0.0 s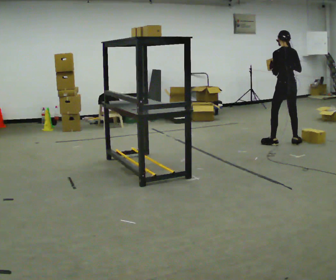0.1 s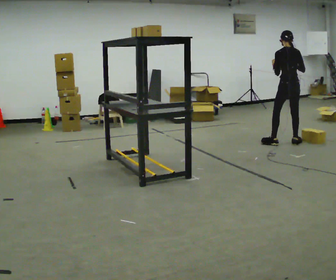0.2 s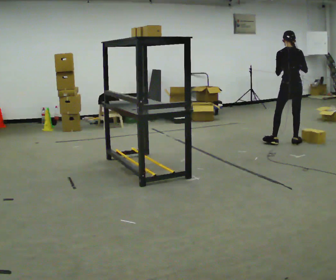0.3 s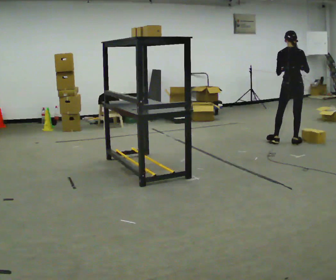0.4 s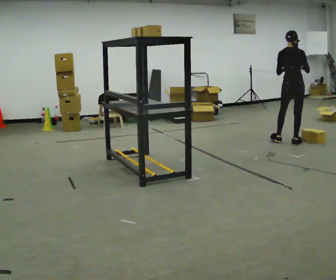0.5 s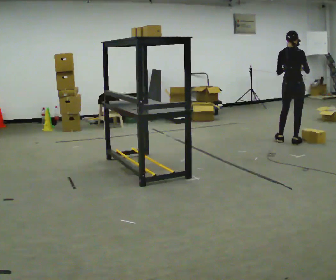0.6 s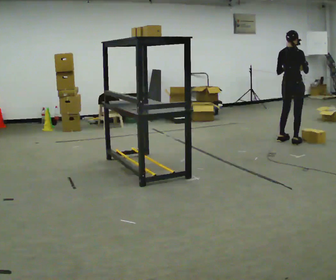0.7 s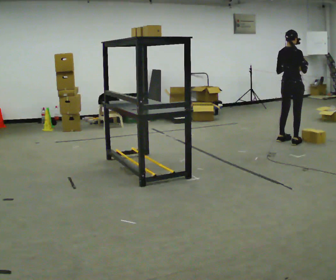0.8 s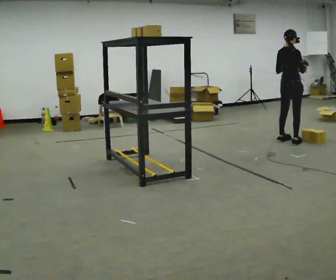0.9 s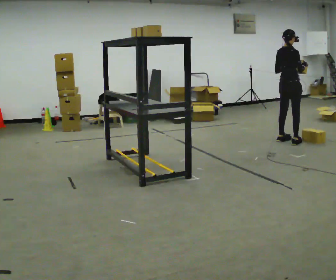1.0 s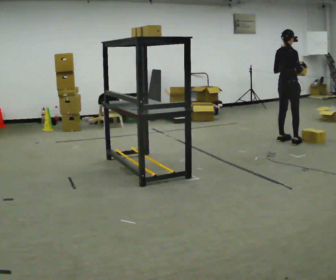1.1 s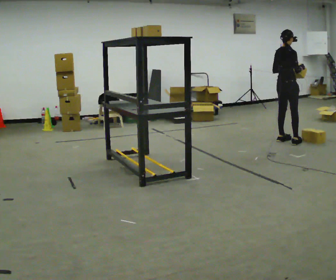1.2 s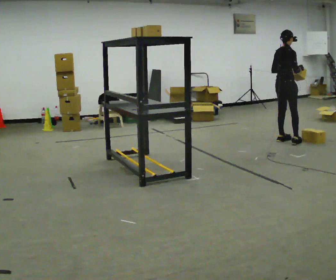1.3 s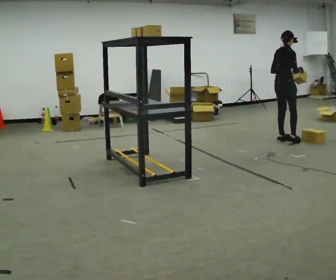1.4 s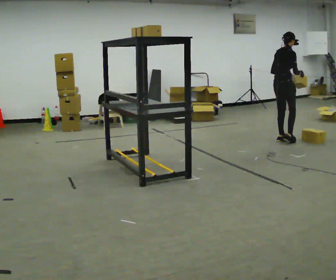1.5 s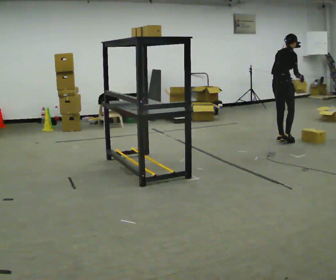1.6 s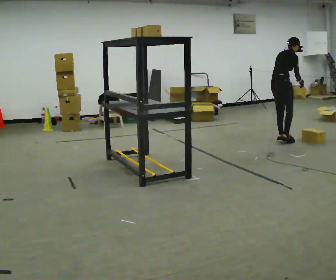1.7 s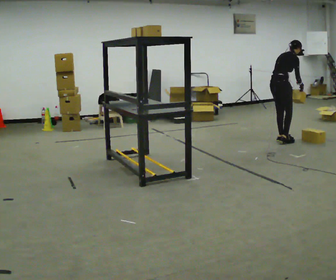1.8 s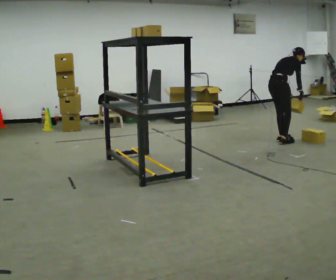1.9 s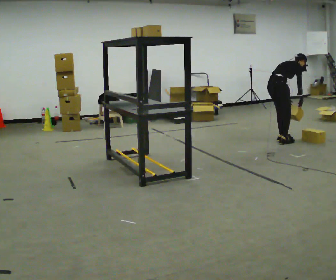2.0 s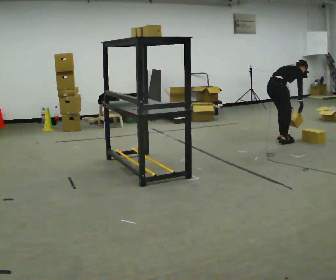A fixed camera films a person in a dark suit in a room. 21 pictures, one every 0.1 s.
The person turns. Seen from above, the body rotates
clockwise.
The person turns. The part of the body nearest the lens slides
to the left.
0.0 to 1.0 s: Seen from above the body turns clockwise, about 75 degrees: to their right, with its near side sliding to the left.
1.0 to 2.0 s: In the picture they go to the left, about 0.25 m in 1 step, which for them is backward. The upper body goes downward. In the picture the upper body tilts clockwise, shoulders to the right, as they bend forward. In the picture their right hand goes downward.
The film runs backward here.
